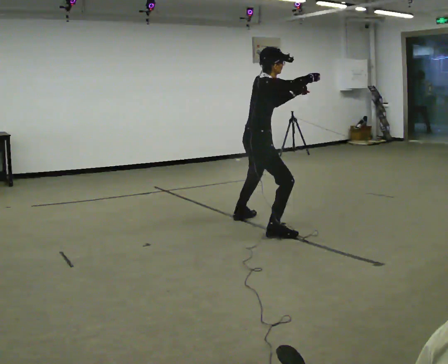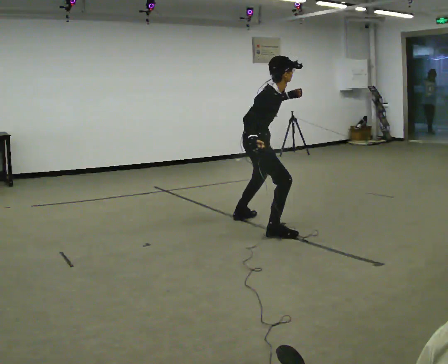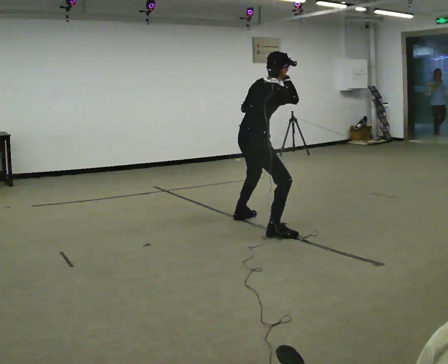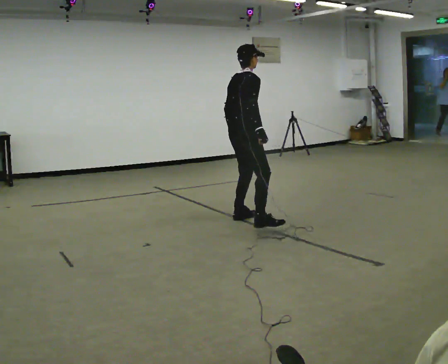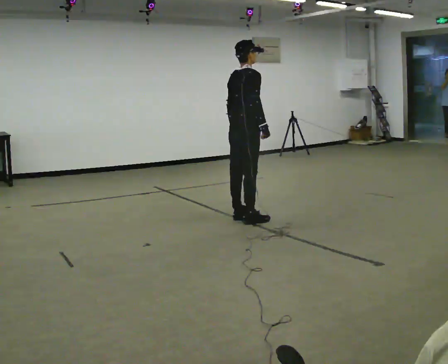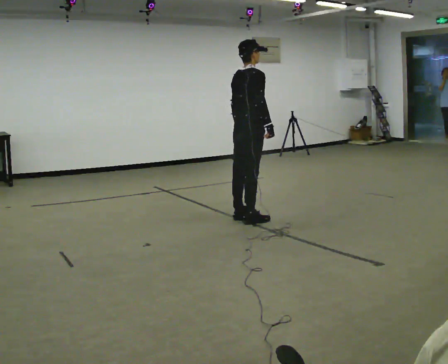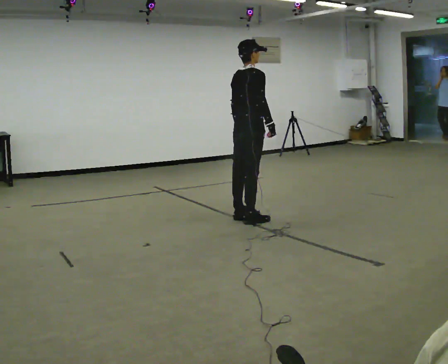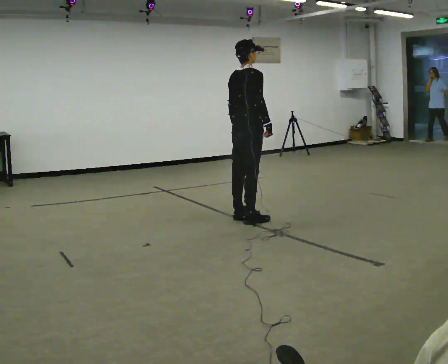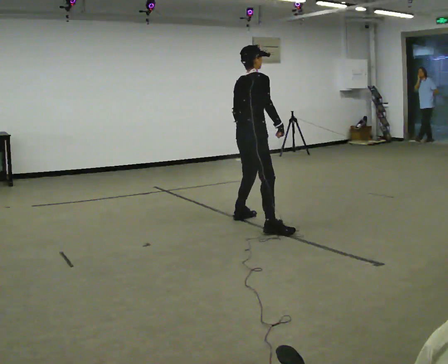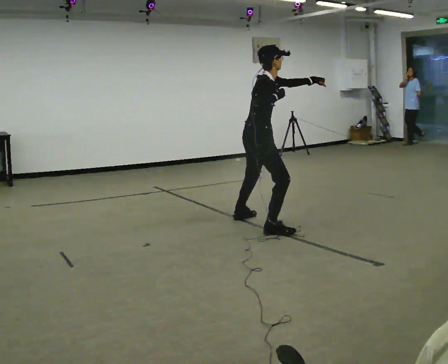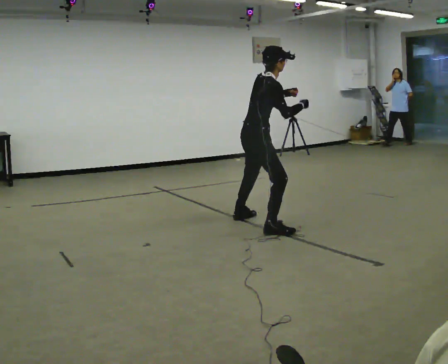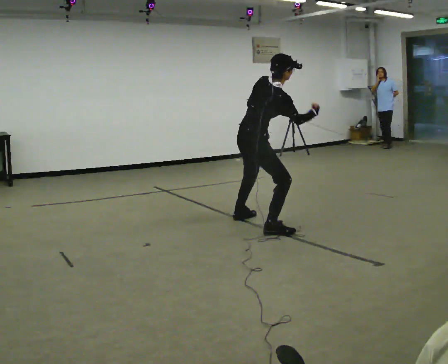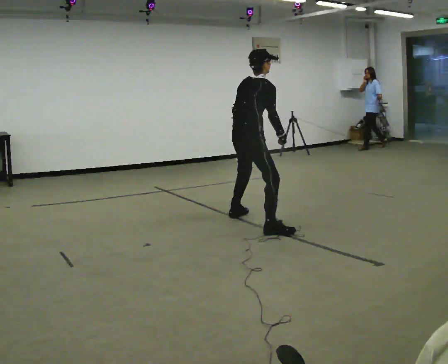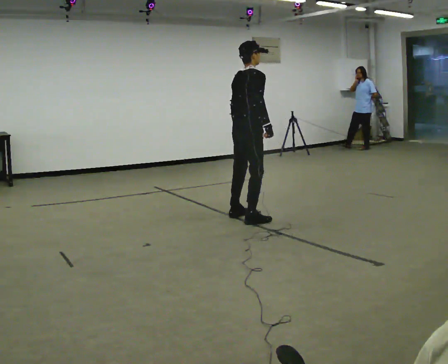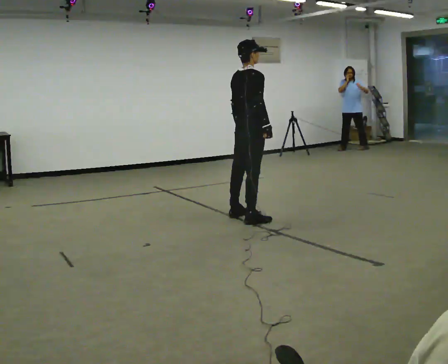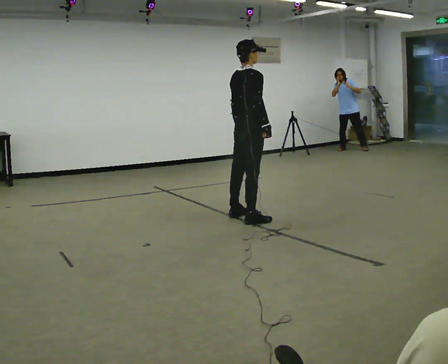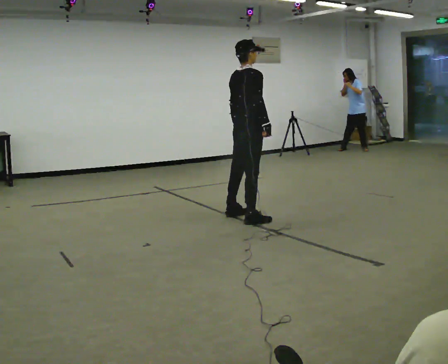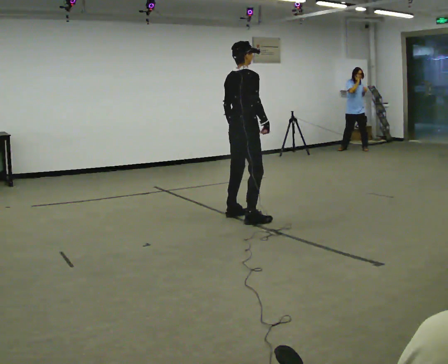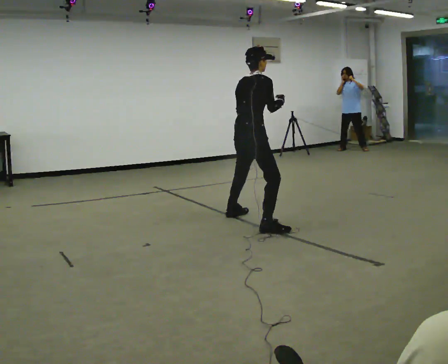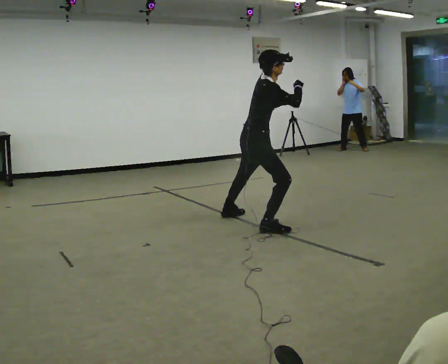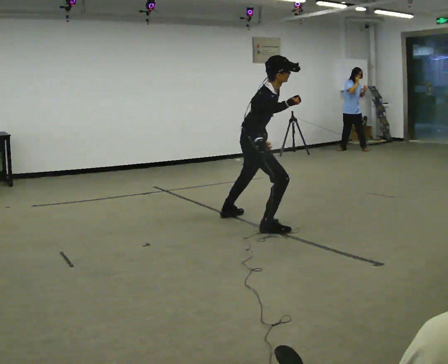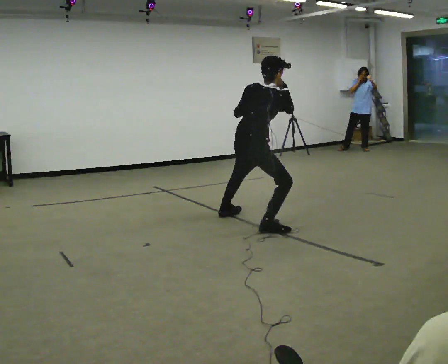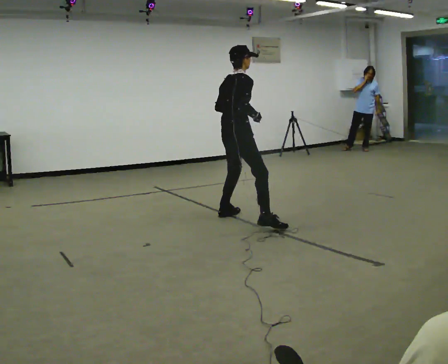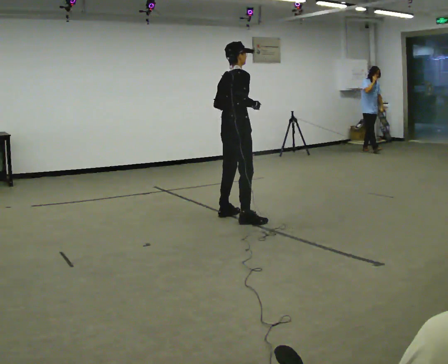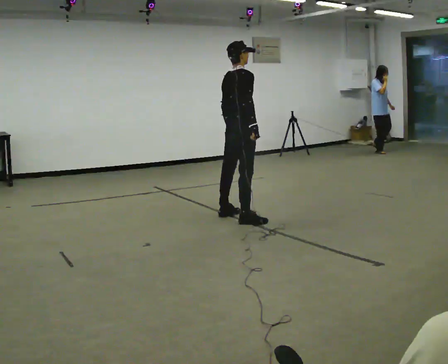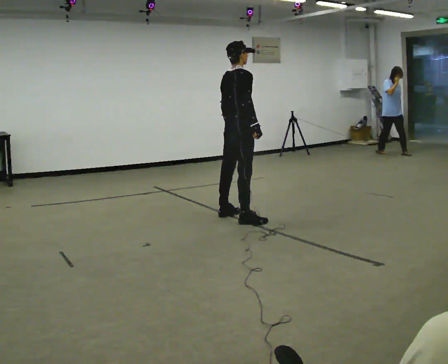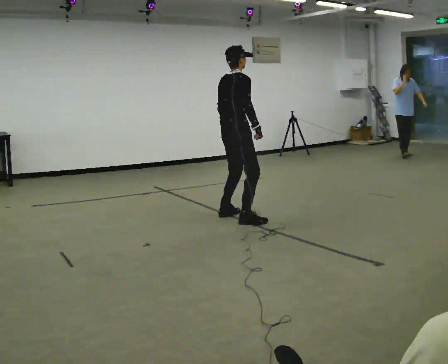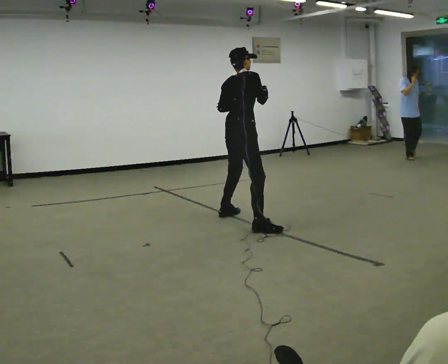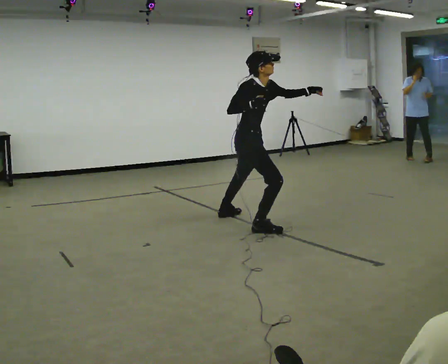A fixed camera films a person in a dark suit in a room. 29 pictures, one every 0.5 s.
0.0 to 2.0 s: Seen from above the body turns counterclockwise, about 30 degrees: to their left, with its near side sliding to the right. In the picture they go away from the camera, about 0.25 m in 1 step, which for them is to their left. In the picture their right hand goes downward.
2.0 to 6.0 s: The person moves a little, or ends about where they began.
6.0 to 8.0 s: In the picture they go away from the camera, about 0.25 m in 1 step. In the picture the upper body tilts counterclockwise, shoulders to the left, as they lean back or straighten.
8.0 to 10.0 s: Seen from above the body turns clockwise, about 30 degrees: to their right, with its near side sliding to the left. In the picture they go toward the camera, about 0.25 m in 1 step, which for them is to their right. The upper body goes downward. In the picture the upper body tilts clockwise, shoulders to the right, as they bend forward.
10.0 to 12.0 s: The part of the body nearest the lens slides to the right as the person turns to their left by about 45 degrees. In the picture they go away from the camera, about 0.25 m in 1 step, which for them is to their left.
12.0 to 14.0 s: The person turns about 30 degrees to their right, clockwise seen from above, so the part of the body nearest the lens slides to the left. In the picture they go toward the camera, about 0.25 m in 1 step, which for them is to their right and backward. In the picture their left hand goes upward.
The film runs forward here.
